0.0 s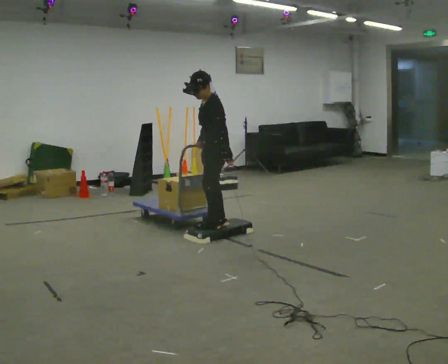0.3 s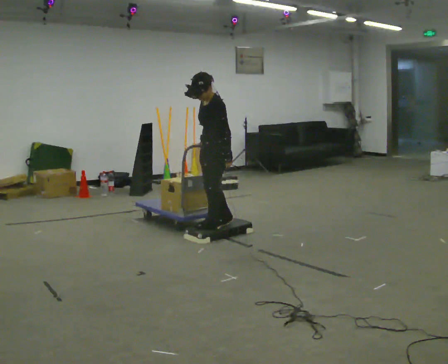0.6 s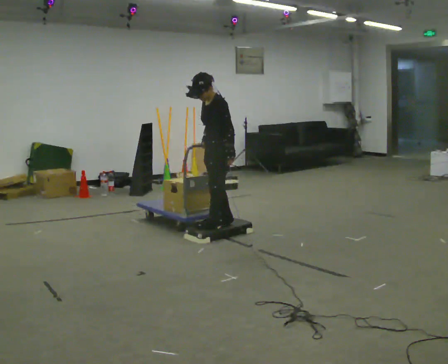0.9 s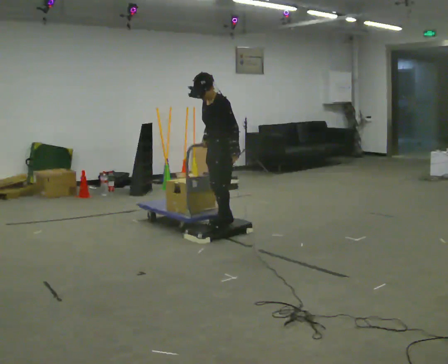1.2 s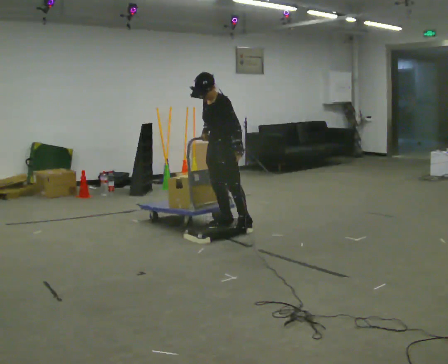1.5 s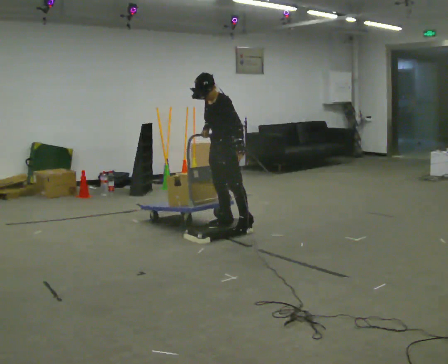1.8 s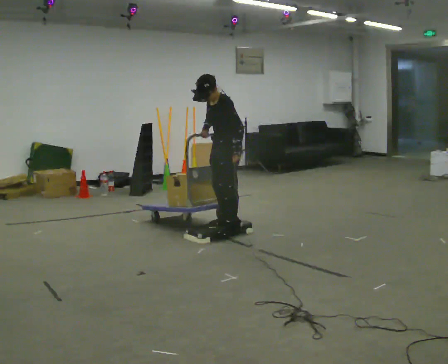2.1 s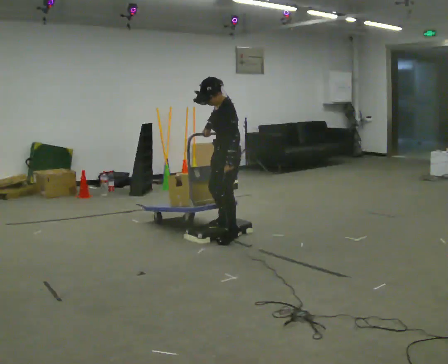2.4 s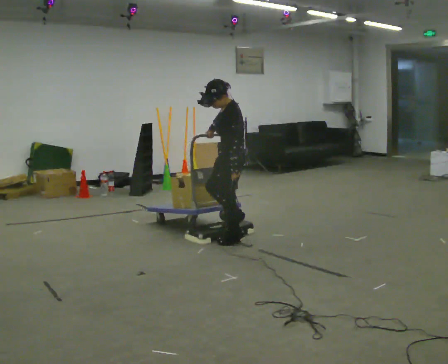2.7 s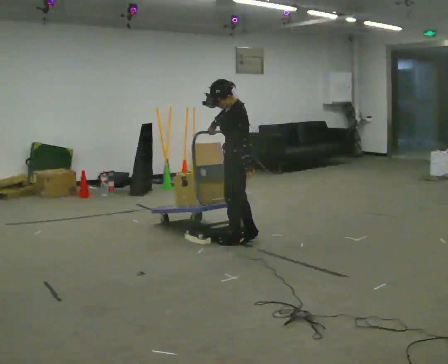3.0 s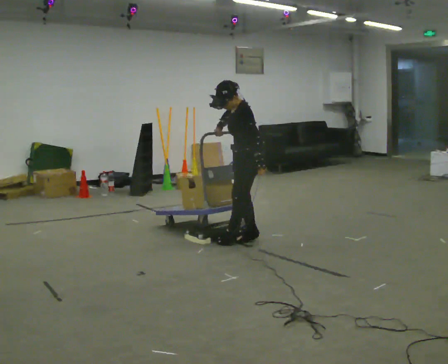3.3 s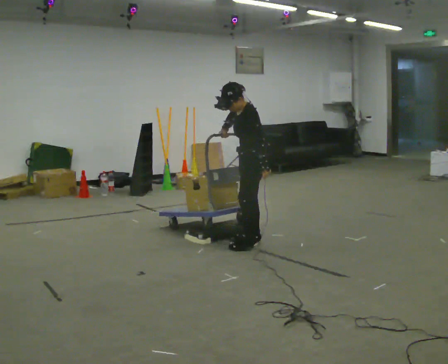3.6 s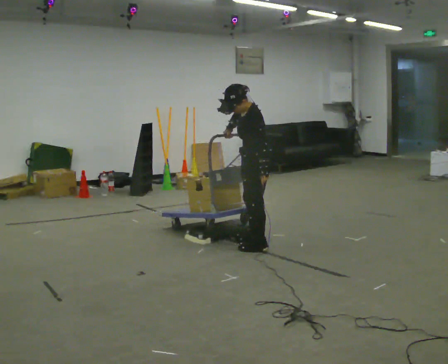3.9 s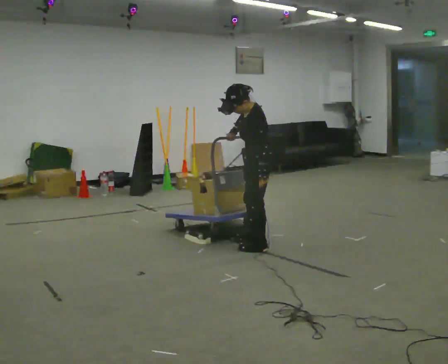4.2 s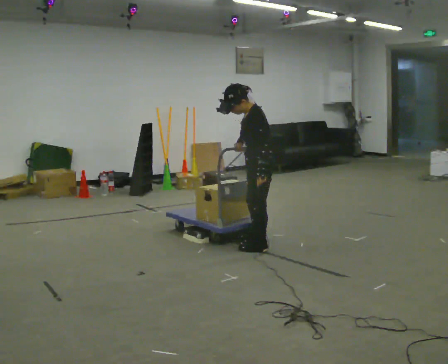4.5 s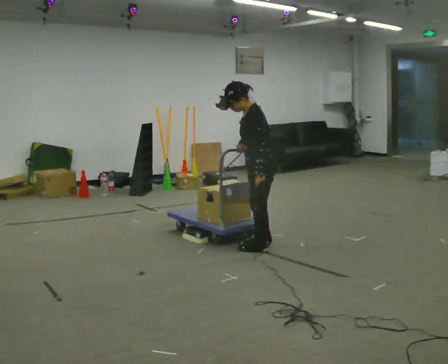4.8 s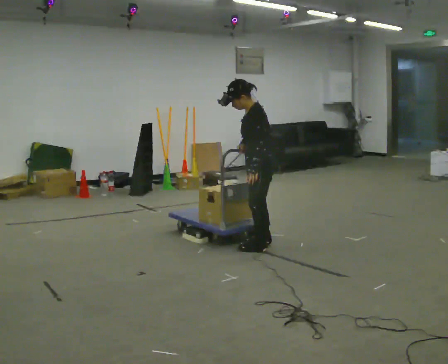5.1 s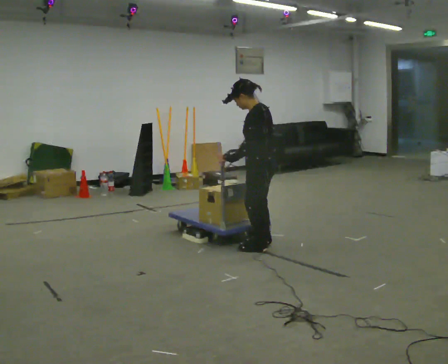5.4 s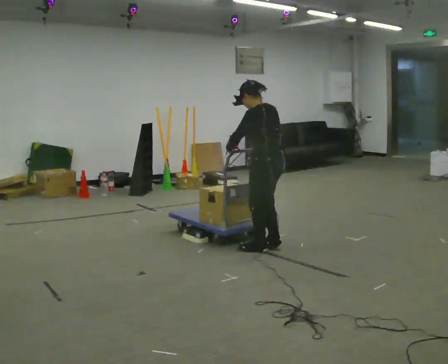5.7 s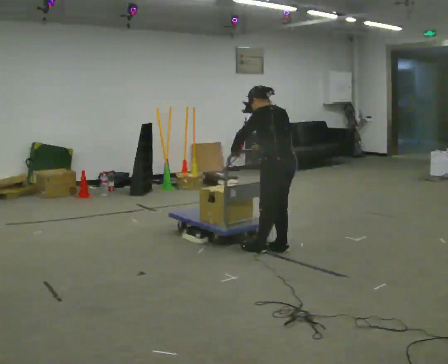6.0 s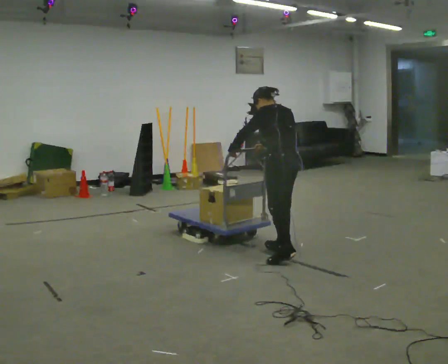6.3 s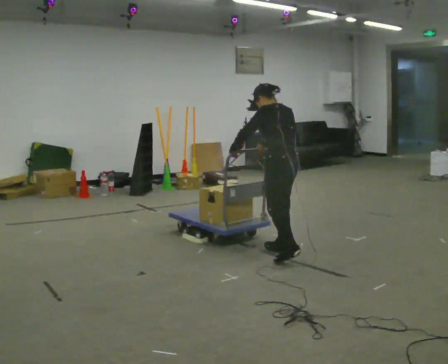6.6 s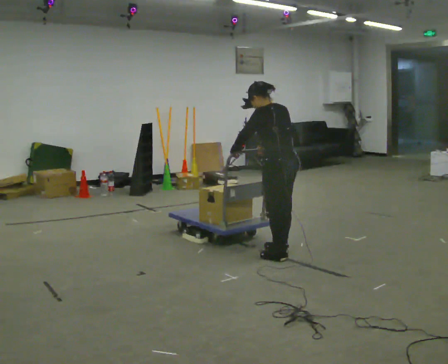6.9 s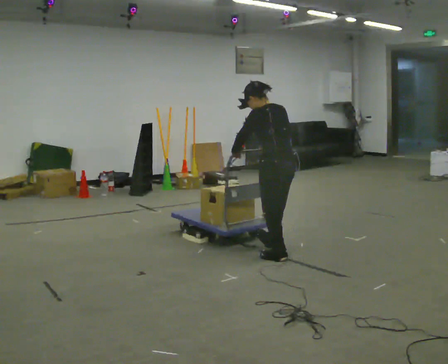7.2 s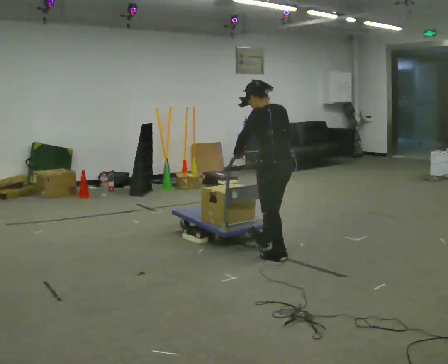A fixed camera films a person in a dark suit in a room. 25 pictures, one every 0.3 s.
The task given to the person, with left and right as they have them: Push the cart up over the low platform edge and down the other side, then bring it back over.
0.0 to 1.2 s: Seen from above the body turns counterclockwise, about 30 degrees: to their left, with its near side sliding to the right.
1.2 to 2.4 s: The part of the body nearest the lens slides to the left as the person turns to their right by about 45 degrees. In the picture they go toward the camera, about 0.25 m in 2 steps, which for them is to their left.
2.4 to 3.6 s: In the picture they go to the right, about 0.25 m in 2 steps, which for them is backward.
3.6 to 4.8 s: The person moves a little, or ends about where they began.
4.8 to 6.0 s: The person turns about 30 degrees to their right, clockwise seen from above, so the part of the body nearest the lens slides to the left. In the picture they go to the right and toward the camera, about 0.25 m in 1 step, which for them is backward. The upper body tips away from the camera, its near side rolling upward.
6.0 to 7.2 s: The person moves a little, or ends about where they began.
The film runs forward here.
